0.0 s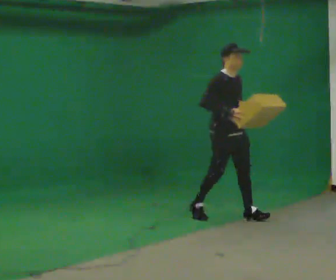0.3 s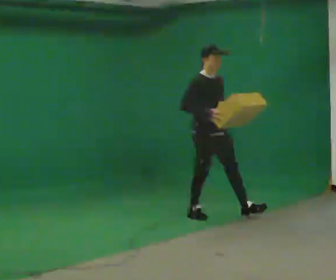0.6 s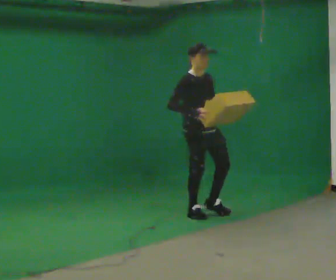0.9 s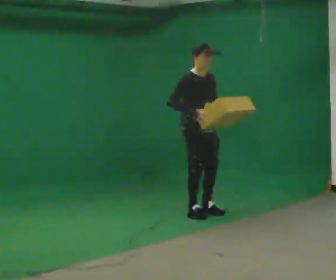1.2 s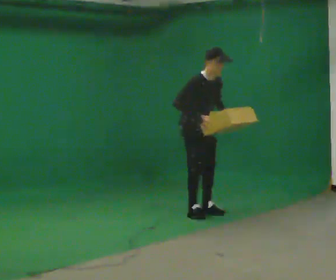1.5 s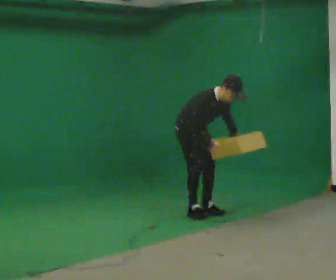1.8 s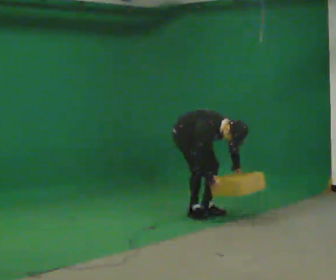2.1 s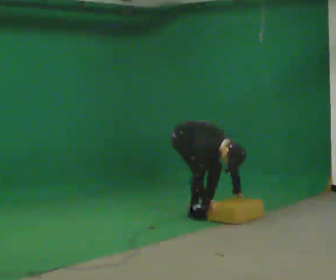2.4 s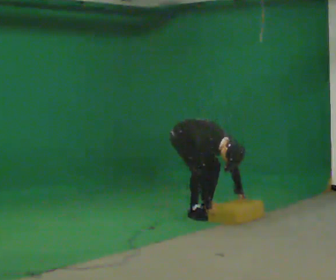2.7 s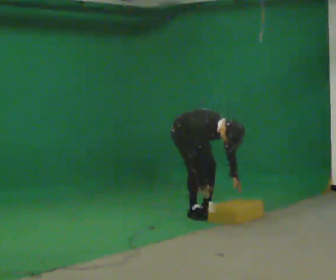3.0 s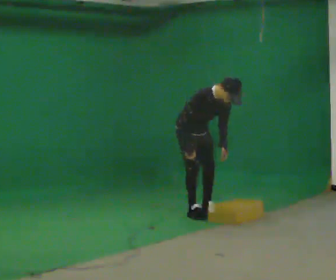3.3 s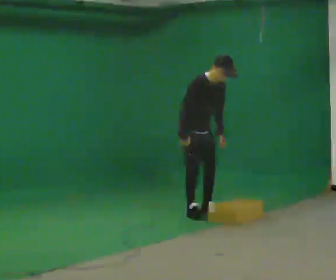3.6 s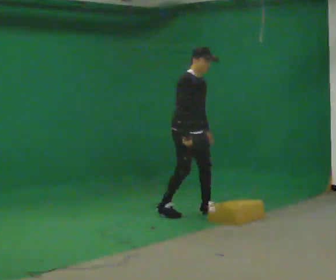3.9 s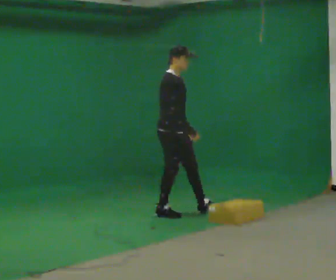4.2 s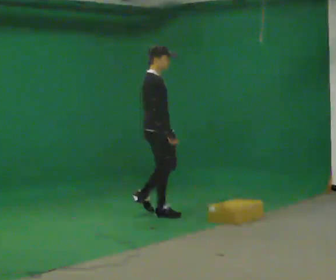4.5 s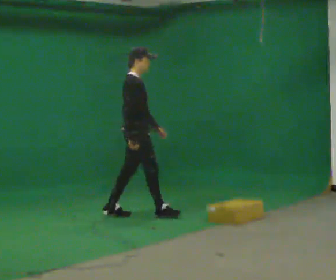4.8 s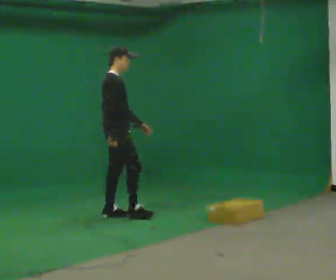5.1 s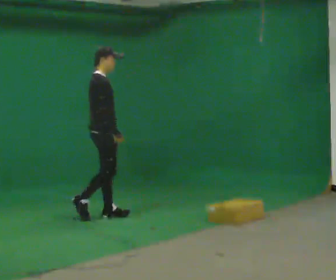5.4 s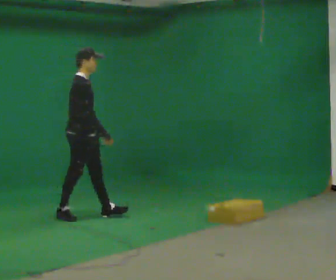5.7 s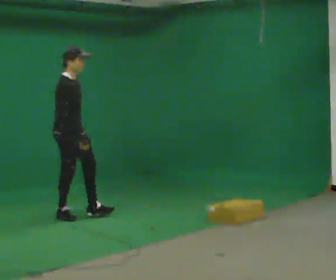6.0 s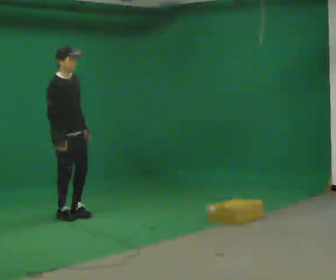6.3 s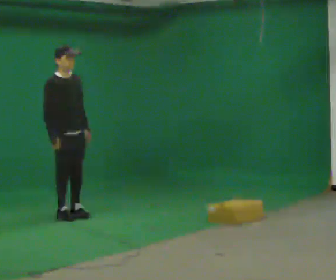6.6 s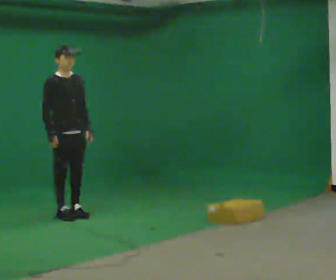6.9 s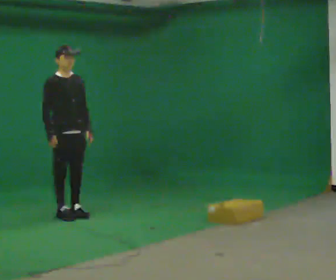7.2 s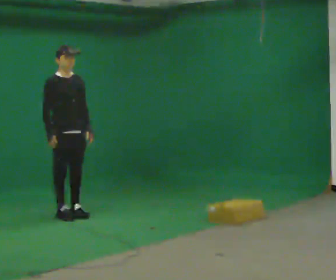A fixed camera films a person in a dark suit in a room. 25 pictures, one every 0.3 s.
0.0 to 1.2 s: In the picture they go to the left and away from the camera, about 0.5 m in 1 step, which for them is backward.
1.2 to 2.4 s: The shoulders move downward. In the picture the upper body tilts clockwise, shoulders to the right, as they bend forward. In the picture their right hand goes downward.
2.4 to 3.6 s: The shoulders move upward. In the picture the upper body tilts counterclockwise, shoulders to the left, as they lean back or straighten. In the picture their left hand goes upward and to the left.
3.6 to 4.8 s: Seen from above the body turns counterclockwise, about 30 degrees: to their left, with its near side sliding to the right. In the picture they go to the left, about 0.5 m in 2 steps, which for them is backward.
4.8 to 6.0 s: The part of the body nearest the lens slides to the left as the person turns to their right by about 30 degrees. In the picture they go to the left, about 0.5 m in 1 step, which for them is backward.
6.0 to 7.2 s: The person moves a little, or ends about where they began.
The film runs backward here.
